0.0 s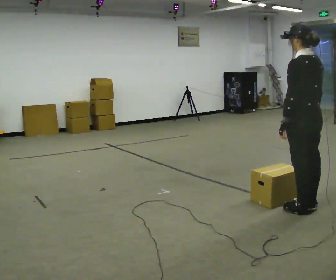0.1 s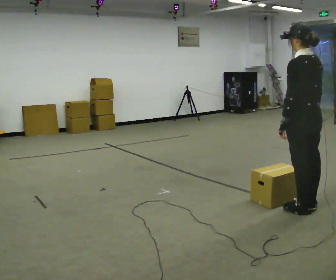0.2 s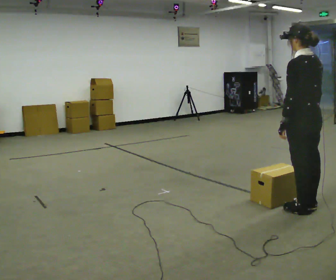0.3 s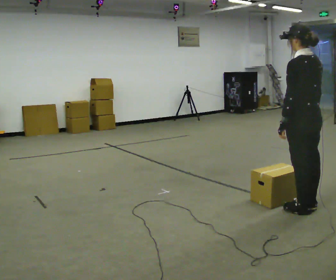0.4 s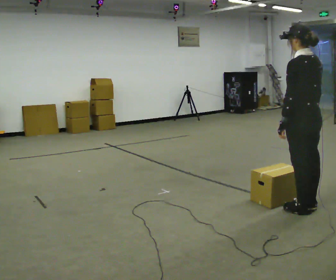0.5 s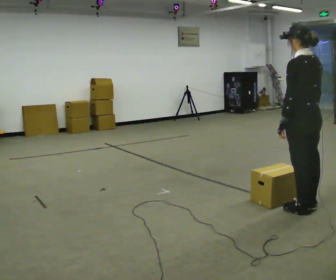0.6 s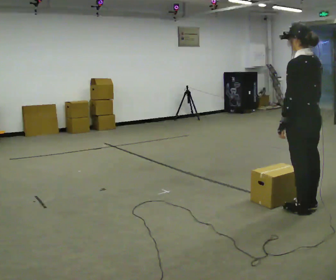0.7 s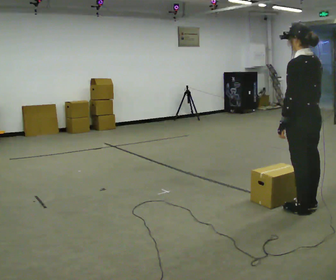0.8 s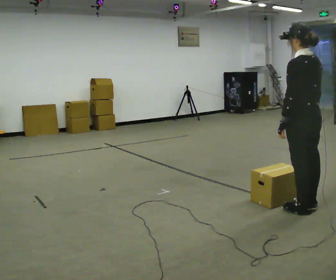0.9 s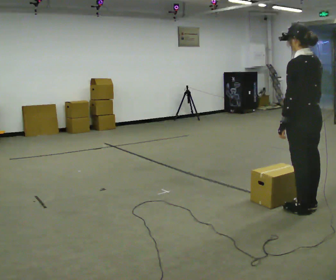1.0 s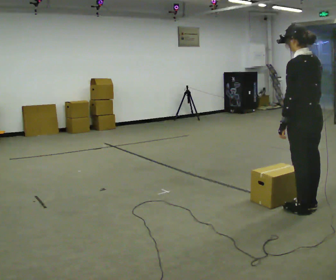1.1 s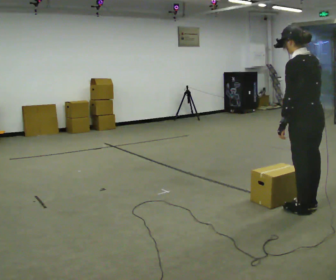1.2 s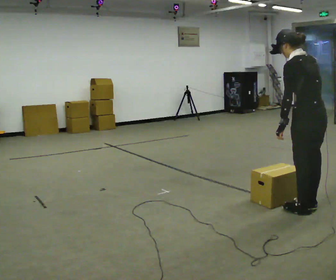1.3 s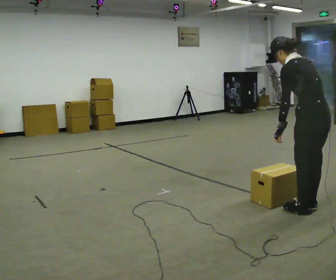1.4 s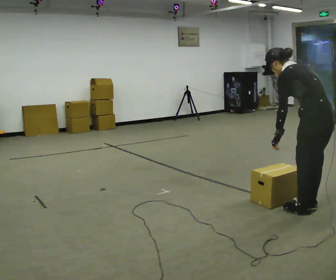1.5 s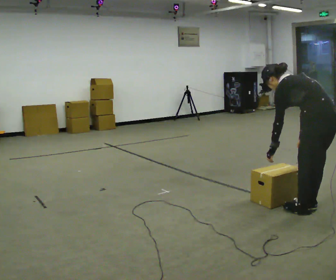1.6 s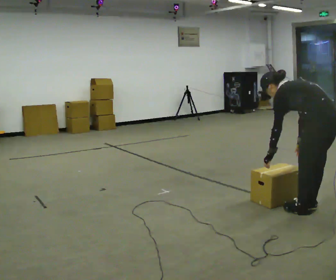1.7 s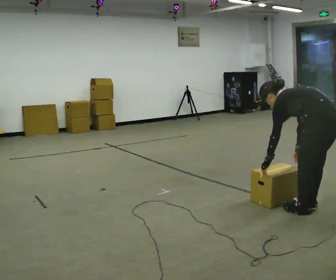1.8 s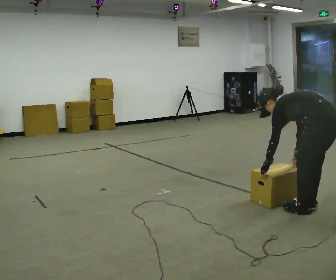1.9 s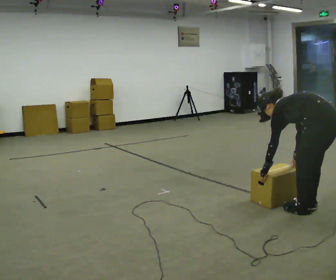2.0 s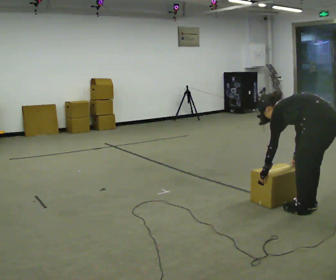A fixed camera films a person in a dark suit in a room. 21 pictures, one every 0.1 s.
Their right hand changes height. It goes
downward.
Their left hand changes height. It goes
downward.
0.0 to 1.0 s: The person keeps their place and pose.
1.0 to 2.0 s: The shoulders move downward. In the picture the upper body tilts counterclockwise, shoulders to the left, as they bend forward. In the picture their left hand goes downward.
The film runs forward here.
